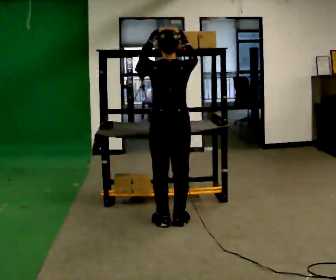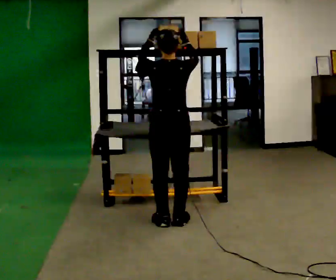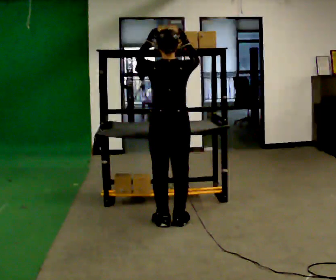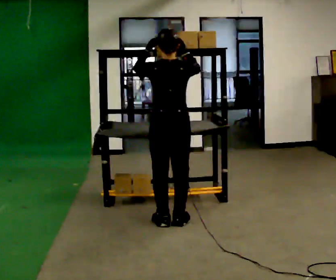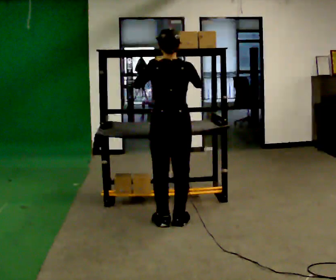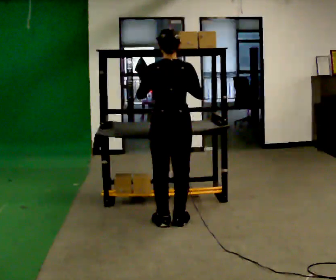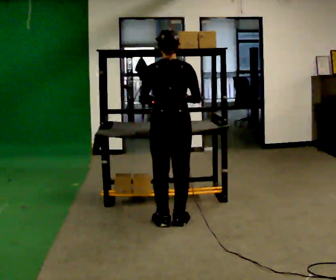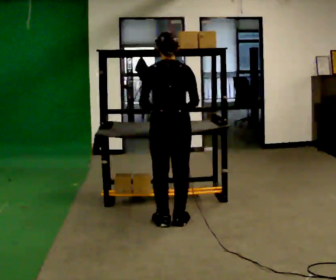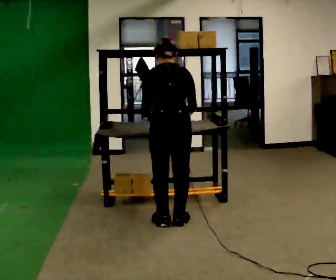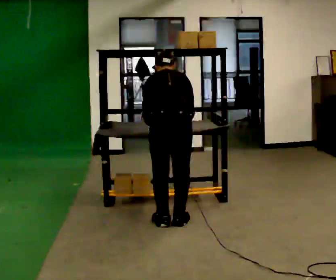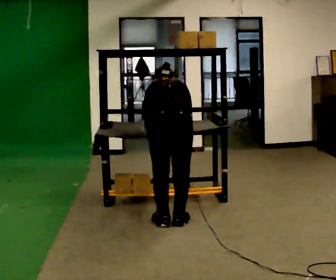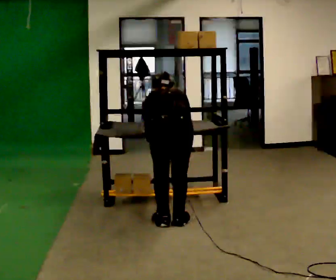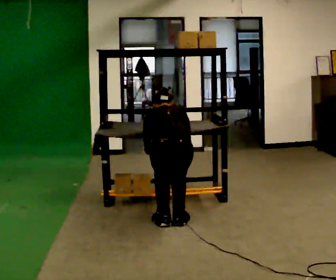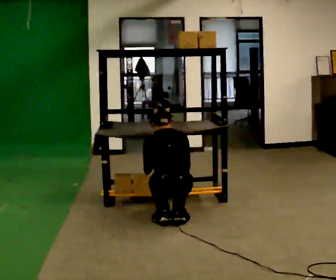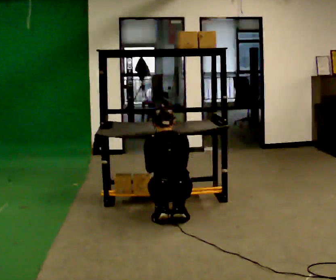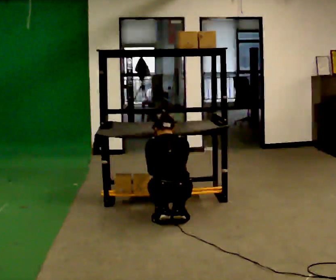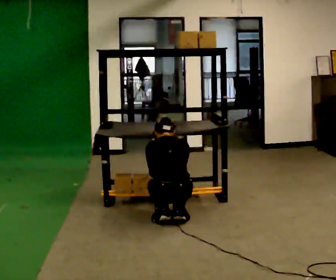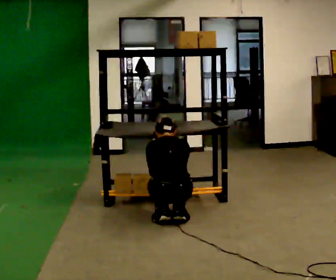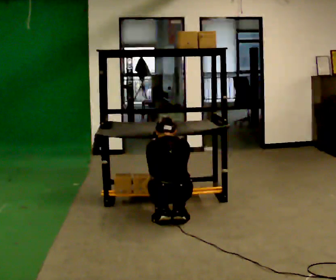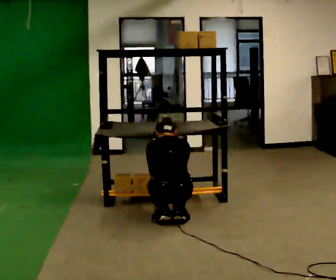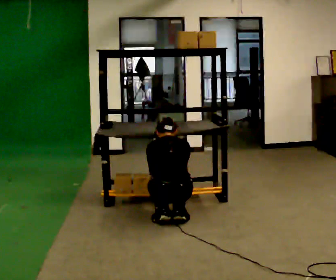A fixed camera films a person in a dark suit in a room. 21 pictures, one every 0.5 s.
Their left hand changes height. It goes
downward.
The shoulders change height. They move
downward.
0.0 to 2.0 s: The person moves a little, or ends about where they began.
2.0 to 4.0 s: The upper body tips away from the camera, its near side rolling upward, as they bend forward. In the picture their right hand goes downward.
4.0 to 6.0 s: The upper body goes downward. The upper body tips away from the camera, its near side rolling upward, as they bend forward.
6.0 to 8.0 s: The upper body goes downward.
8.0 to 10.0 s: The person moves a little, or ends about where they began.
The film runs backward here.
